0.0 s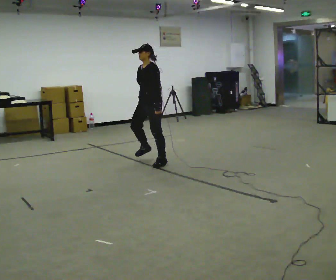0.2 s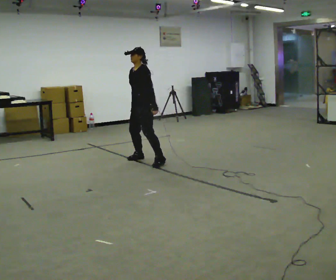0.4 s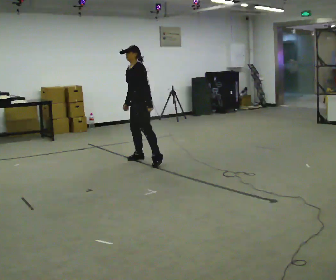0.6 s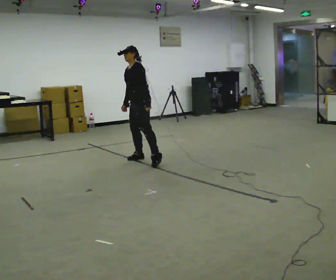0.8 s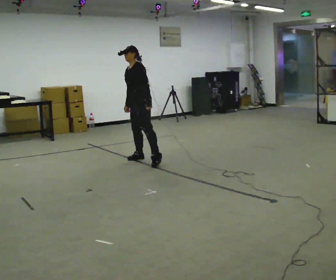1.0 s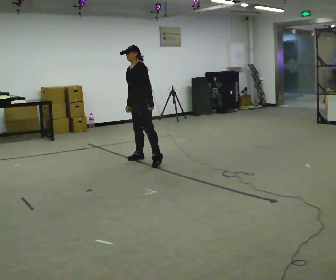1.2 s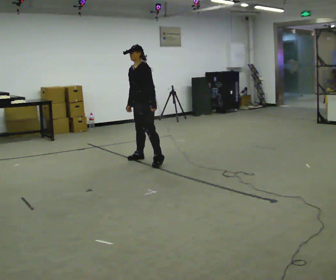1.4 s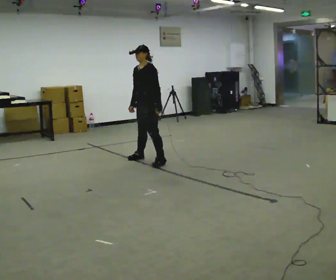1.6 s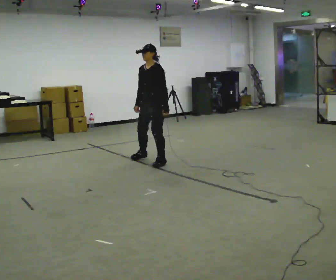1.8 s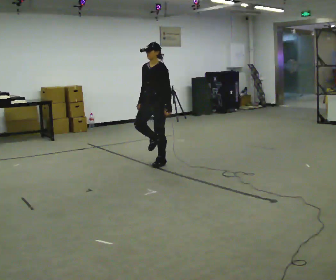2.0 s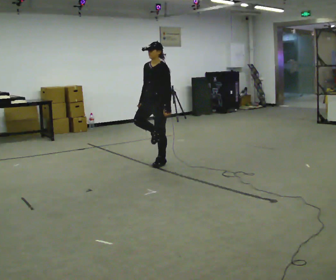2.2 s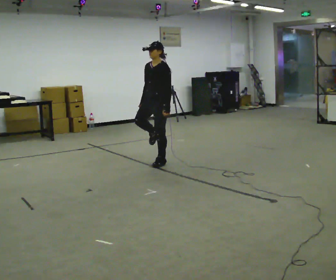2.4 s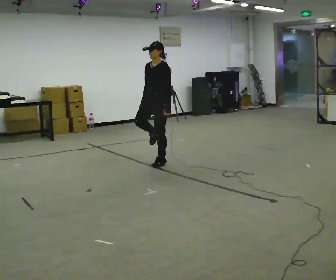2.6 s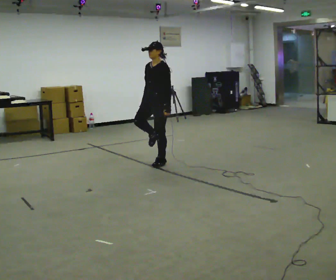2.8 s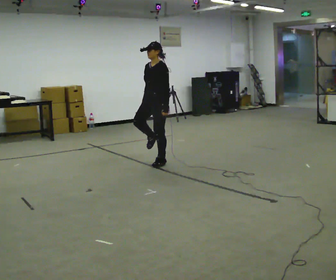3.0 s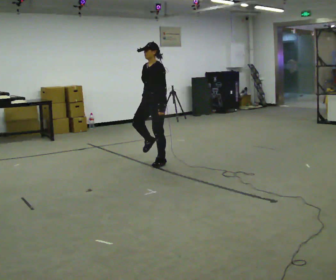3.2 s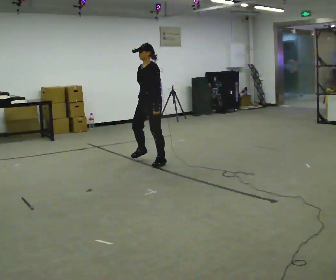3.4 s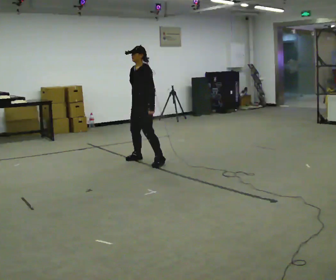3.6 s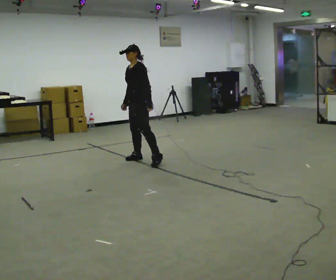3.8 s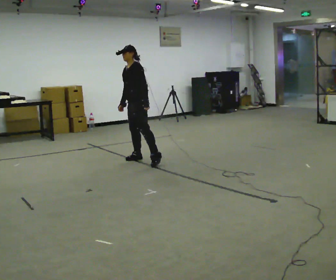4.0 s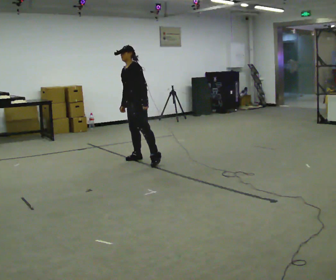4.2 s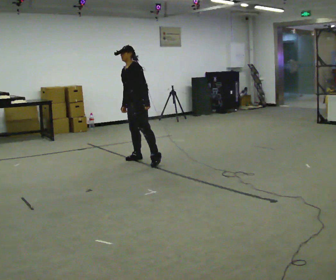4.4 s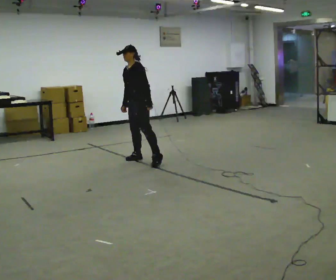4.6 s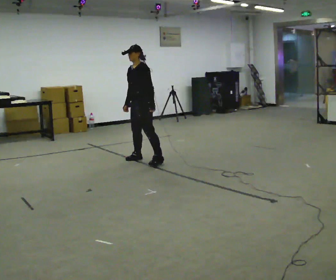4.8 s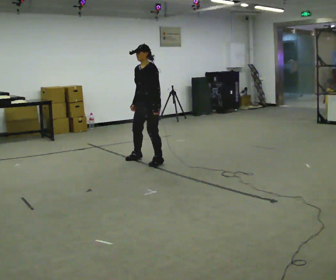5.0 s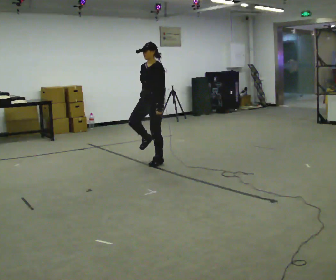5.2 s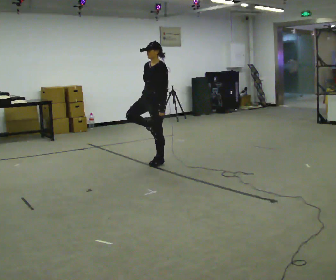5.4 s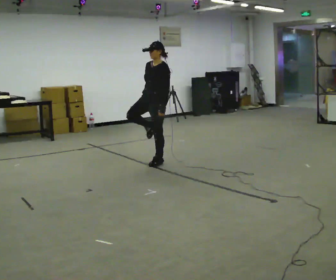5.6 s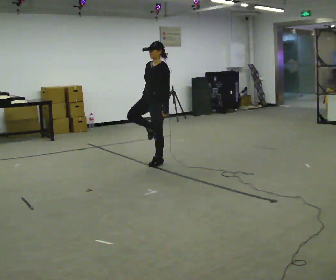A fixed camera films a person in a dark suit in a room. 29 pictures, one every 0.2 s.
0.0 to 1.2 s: The person moves a little, or ends about where they began.
1.2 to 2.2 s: In the picture they go toward the camera and to the right, about 0.25 m in 1 step, which for them is to their left.
2.2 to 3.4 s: In the picture they go to the left and away from the camera, about 0.25 m in 1 step, which for them is to their right.
3.4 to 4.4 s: The person moves a little, or ends about where they began.
4.4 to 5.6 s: In the picture they go to the right and toward the camera, about 0.25 m in 1 step, which for them is to their left. In the picture the upper body tilts clockwise, shoulders to the right.
The film runs forward here.
